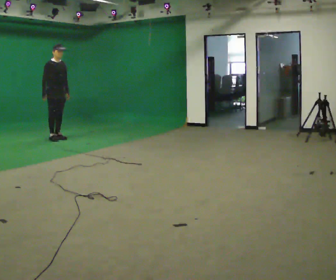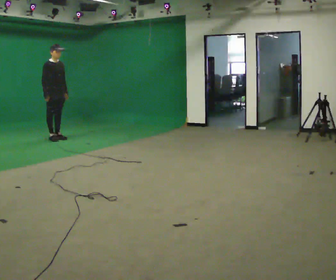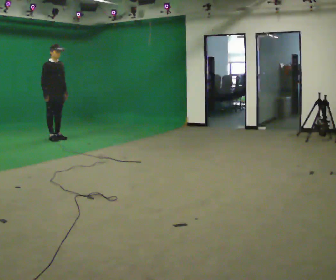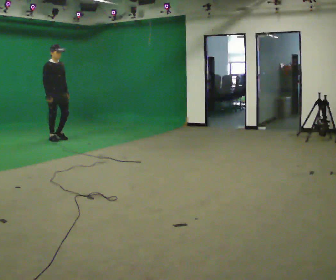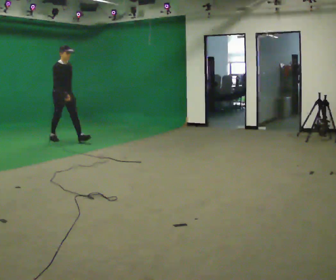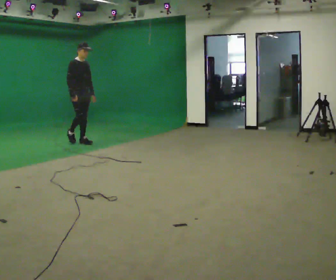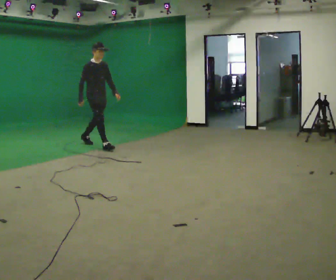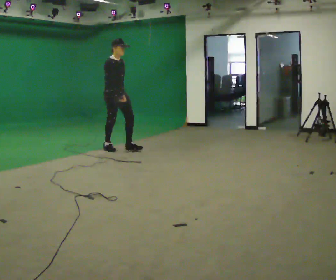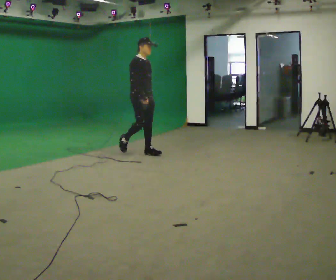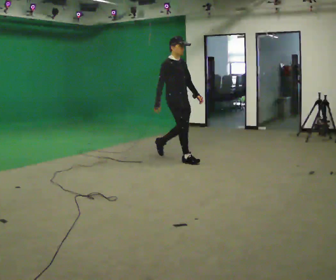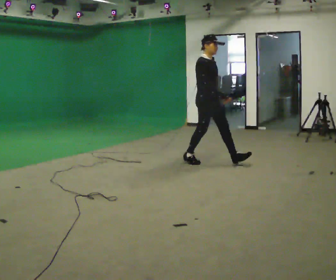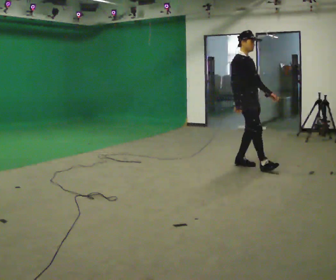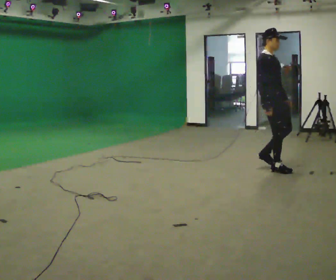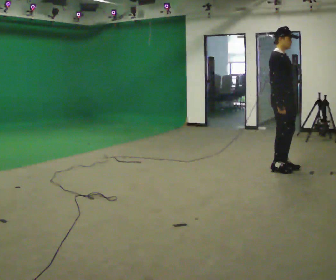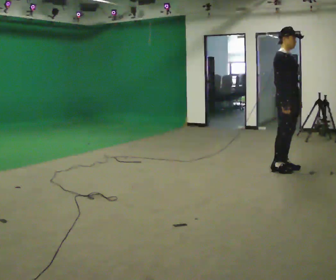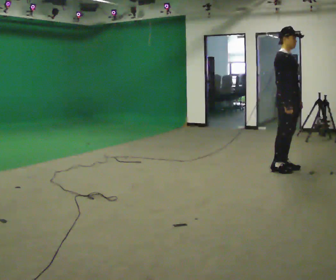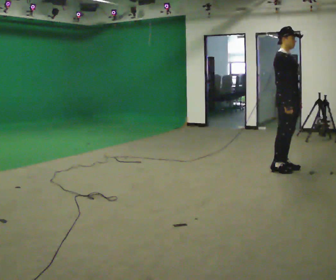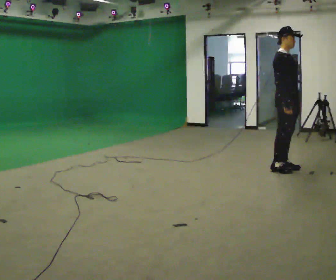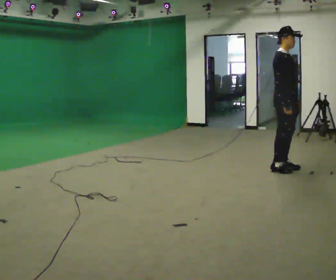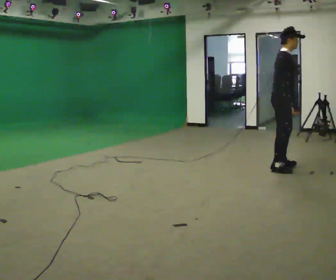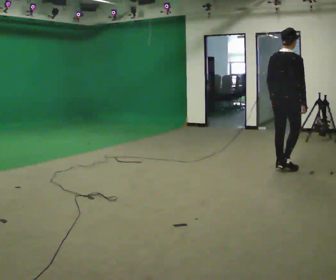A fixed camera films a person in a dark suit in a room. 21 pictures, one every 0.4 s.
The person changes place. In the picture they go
to the right.
0.0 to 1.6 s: In the picture they go to the right and toward the camera, about 0.25 m, which for them is forward.
1.6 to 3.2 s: In the picture they go to the right and toward the camera, about 1.5 m in 3 steps, which for them is forward.
3.2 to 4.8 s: In the picture they go to the right and toward the camera, about 2 m in 3 steps, which for them is forward.
4.8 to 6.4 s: In the picture they go to the right, about 0.25 m in 1 step, which for them is forward.
6.4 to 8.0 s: Seen from above the body turns counterclockwise, about 75 degrees: to their left, with its near side sliding to the right.
The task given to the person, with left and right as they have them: Start still; gradually go slow → normal → fast; briefly maintain fast speed; stop.
The film runs forward here.
